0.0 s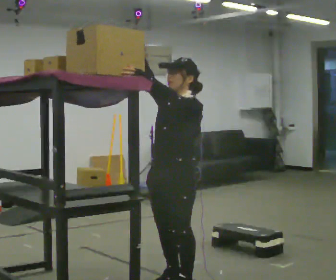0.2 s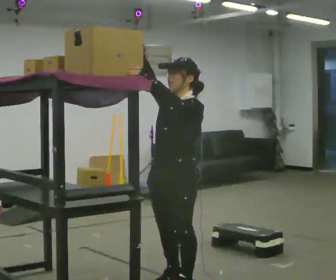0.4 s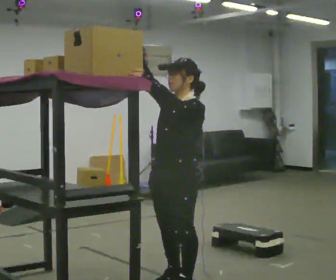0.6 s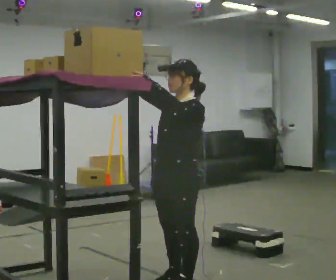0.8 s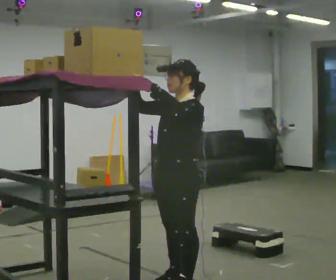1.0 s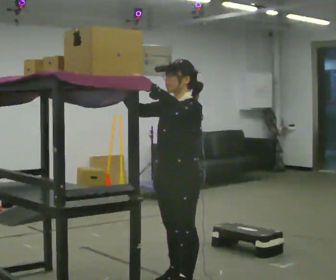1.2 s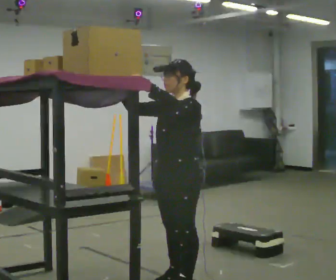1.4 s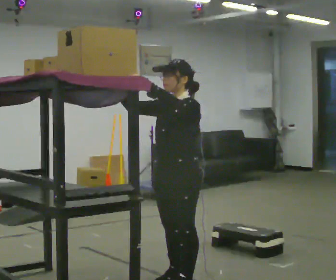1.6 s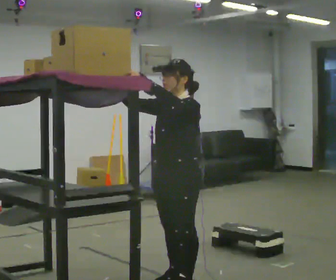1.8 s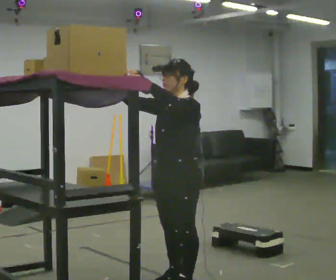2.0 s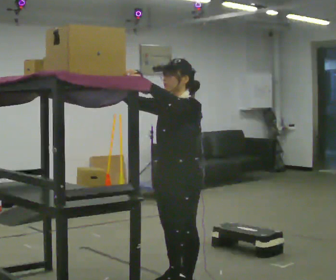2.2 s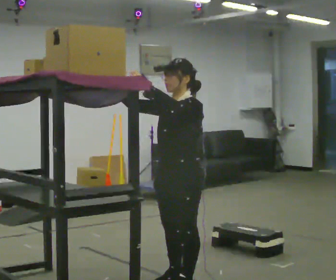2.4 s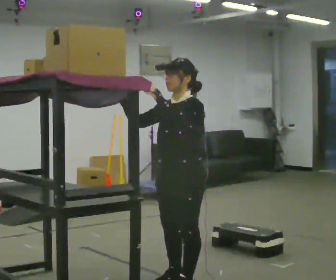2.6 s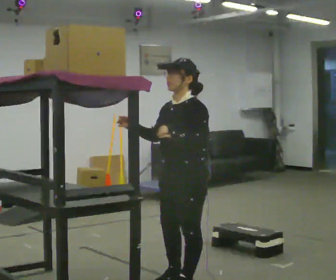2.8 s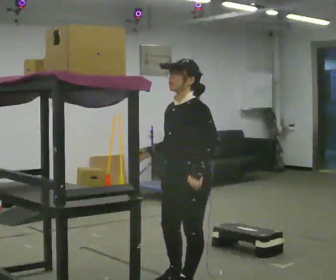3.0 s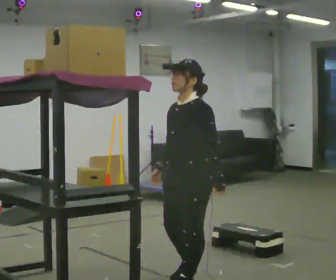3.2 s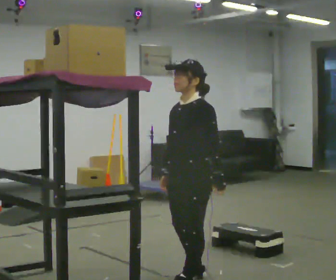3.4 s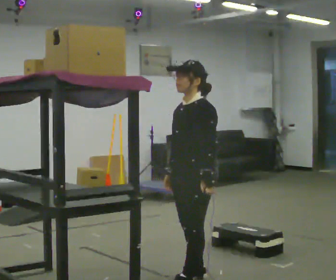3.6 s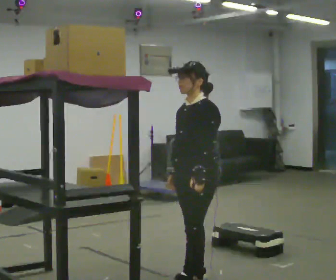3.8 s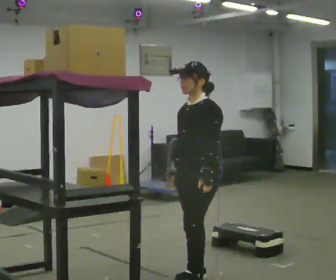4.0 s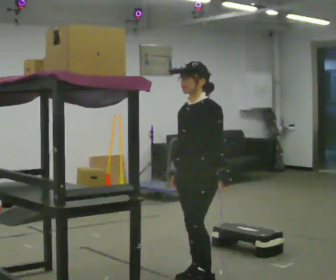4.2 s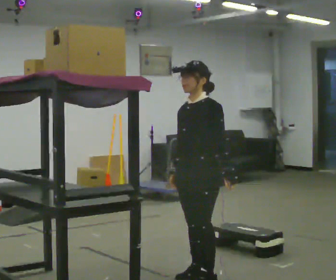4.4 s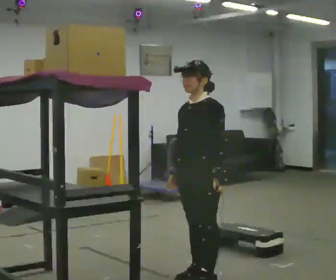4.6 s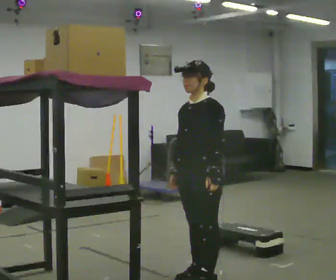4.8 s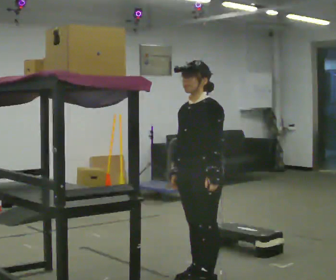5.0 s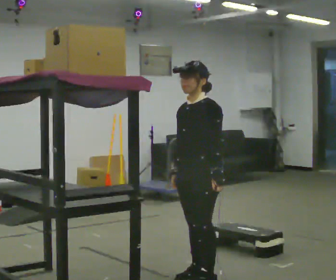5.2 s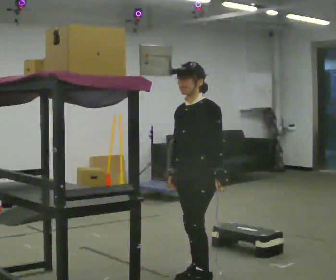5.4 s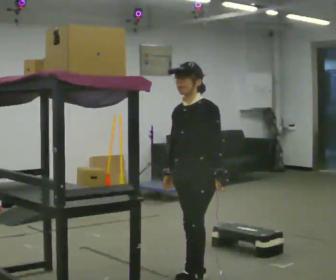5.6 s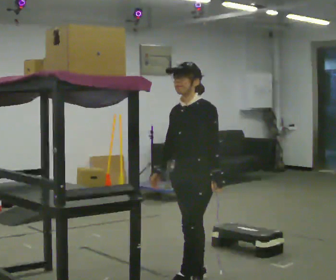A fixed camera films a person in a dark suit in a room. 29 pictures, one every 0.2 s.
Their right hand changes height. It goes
downward.
Their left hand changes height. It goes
downward.
0.0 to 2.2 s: The person moves a little, or ends about where they began.
2.2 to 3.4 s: In the picture their right hand goes downward and to the right, the arm swinging counterclockwise.
3.4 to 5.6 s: The person moves a little, or ends about where they began.
The film runs forward here.
